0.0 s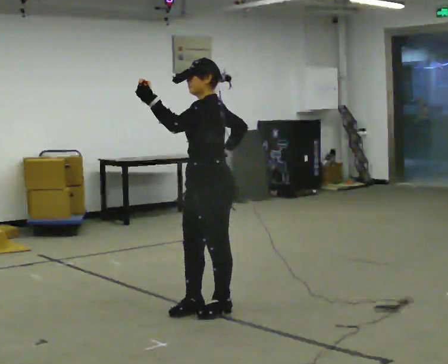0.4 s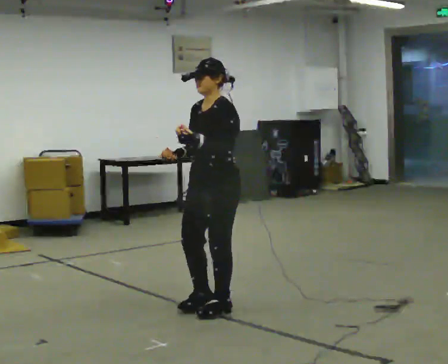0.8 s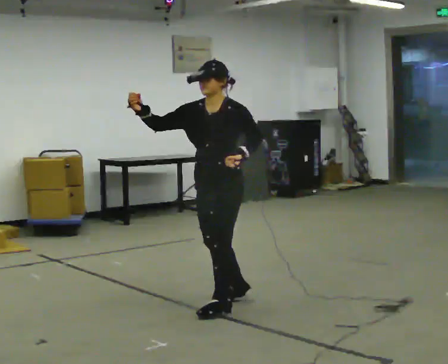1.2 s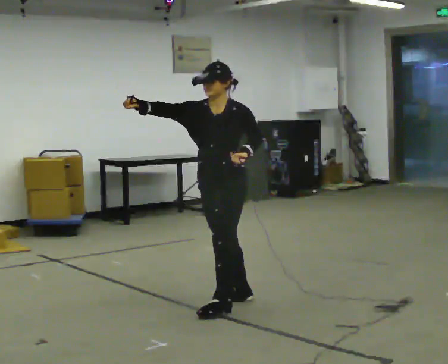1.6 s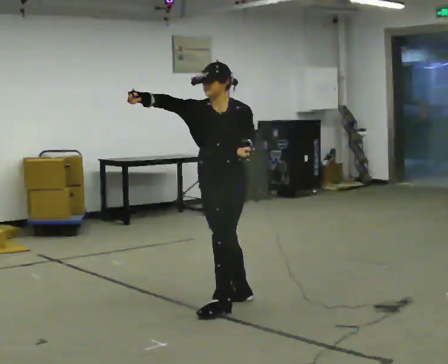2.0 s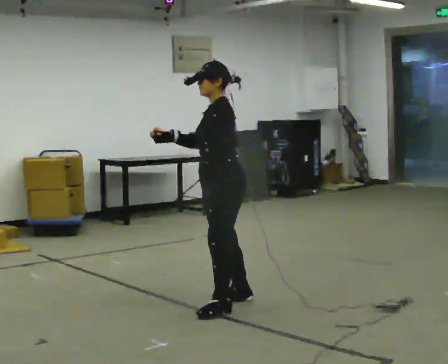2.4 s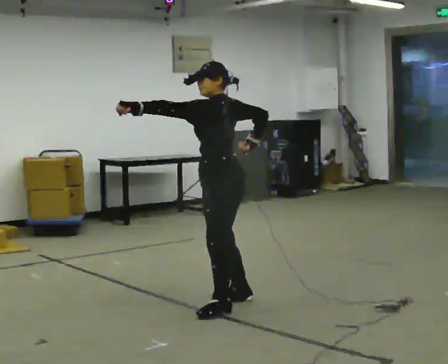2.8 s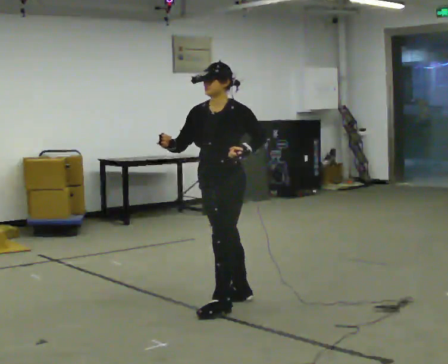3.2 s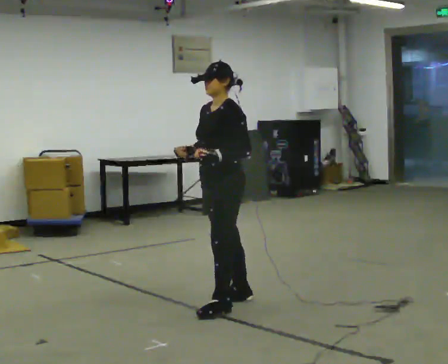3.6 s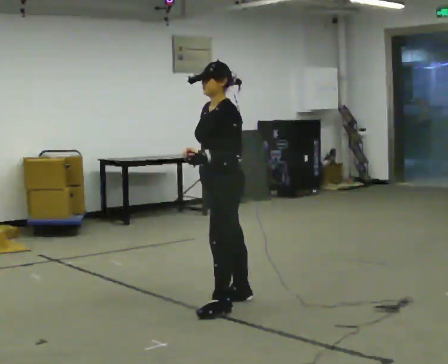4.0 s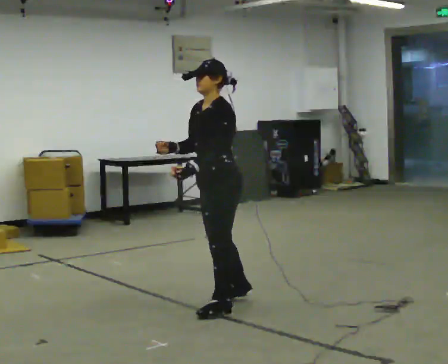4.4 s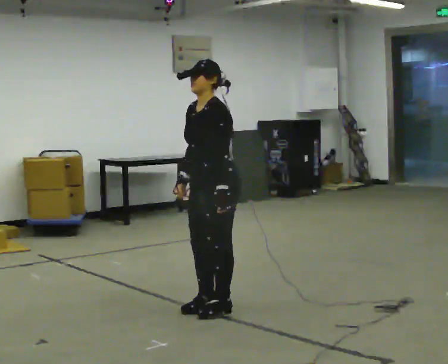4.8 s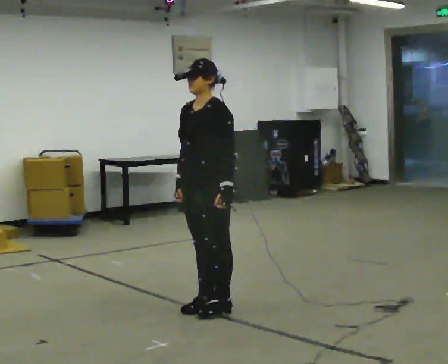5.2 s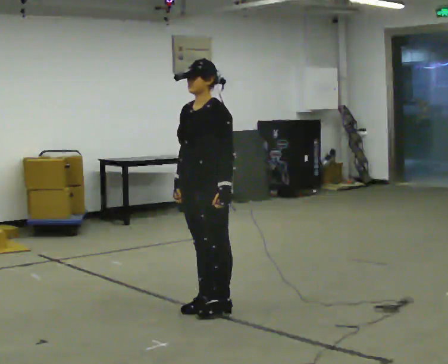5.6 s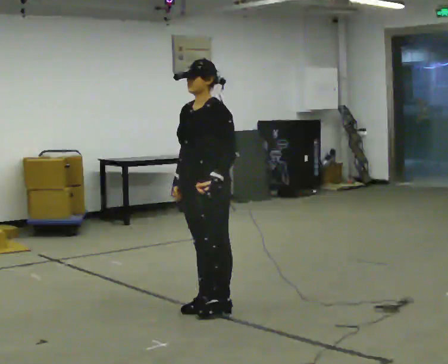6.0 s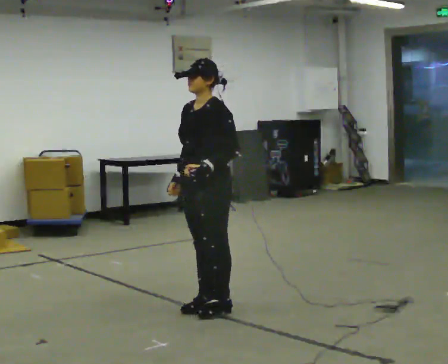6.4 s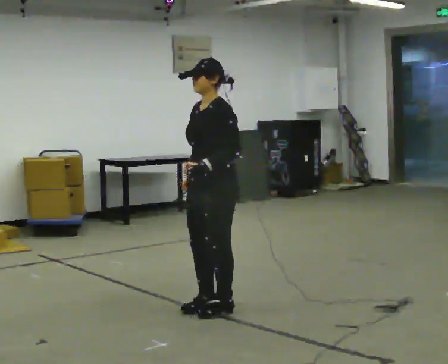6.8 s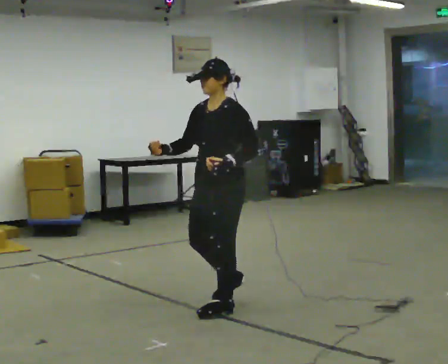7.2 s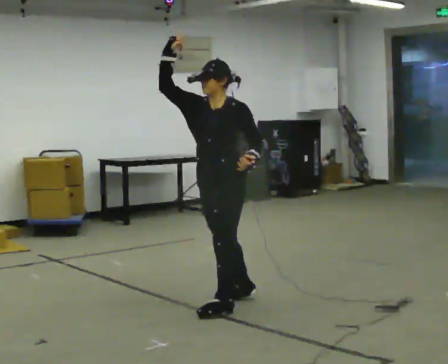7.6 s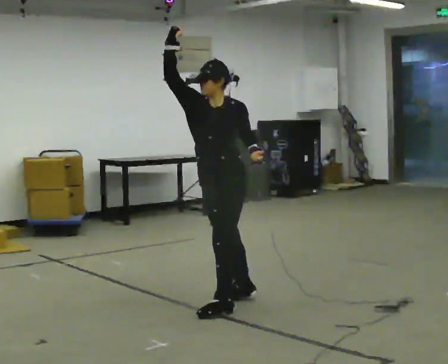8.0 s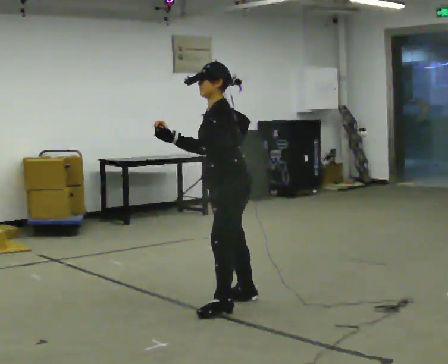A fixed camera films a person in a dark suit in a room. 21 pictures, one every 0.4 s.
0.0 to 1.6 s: The part of the body nearest the lens slides to the right as the person turns to their left by about 60 degrees. In the picture they go away from the camera, about 0.25 m in 1 step, which for them is backward. In the picture their right hand goes to the left and upward.
1.6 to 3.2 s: The part of the body nearest the lens slides to the left as the person turns to their right by about 30 degrees. In the picture their right hand goes downward.
3.2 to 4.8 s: In the picture they go toward the camera, about 0.25 m in 1 step, which for them is forward and to their left.
4.8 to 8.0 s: The person turns about 30 degrees to their right, clockwise seen from above, so the part of the body nearest the lens slides to the left. In the picture their left hand goes to the left.
The film runs backward here.
